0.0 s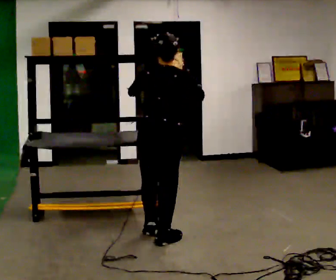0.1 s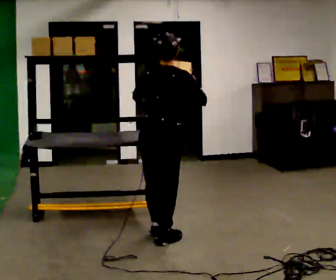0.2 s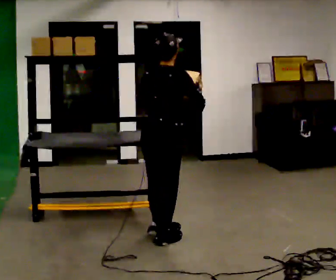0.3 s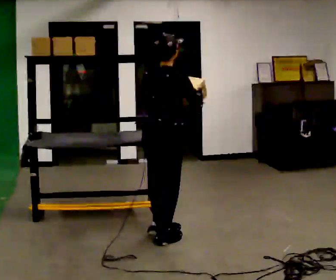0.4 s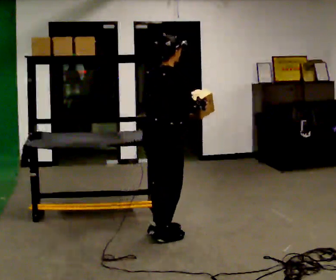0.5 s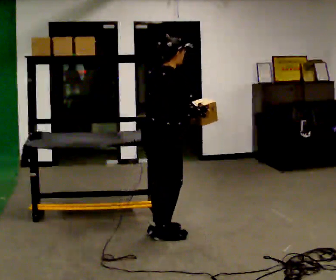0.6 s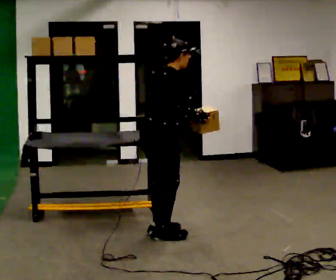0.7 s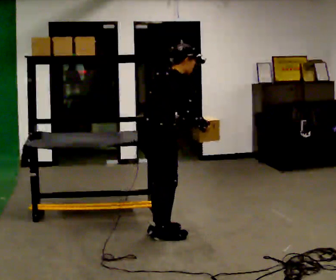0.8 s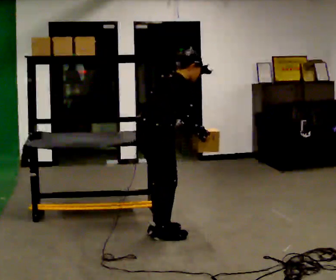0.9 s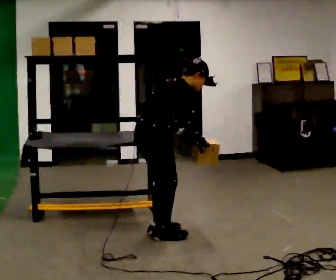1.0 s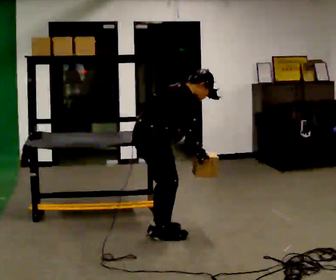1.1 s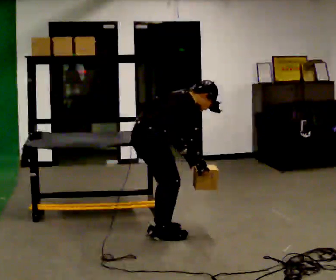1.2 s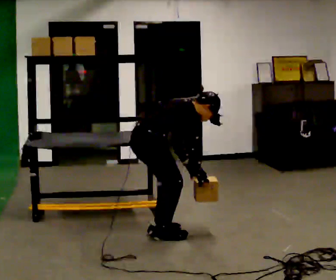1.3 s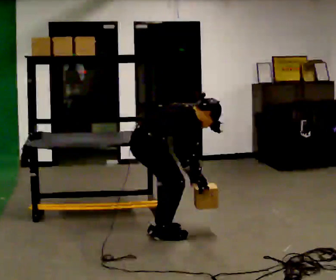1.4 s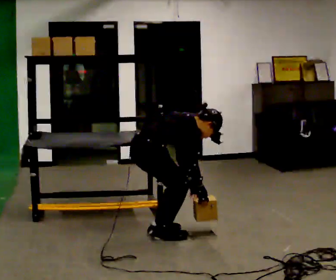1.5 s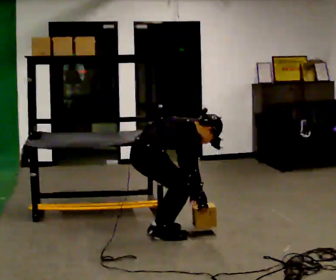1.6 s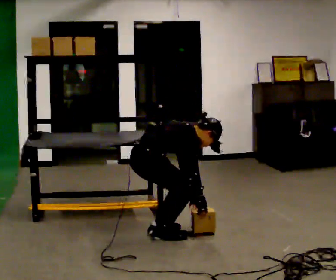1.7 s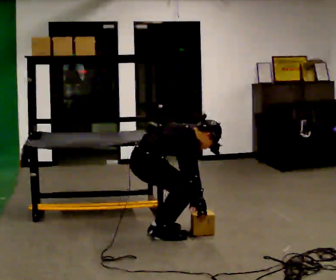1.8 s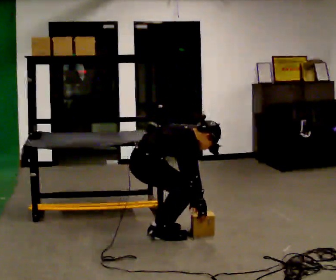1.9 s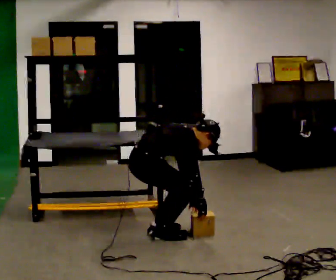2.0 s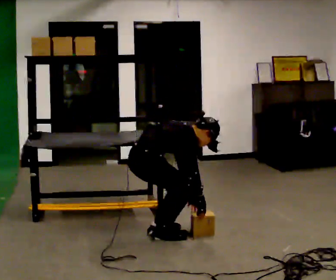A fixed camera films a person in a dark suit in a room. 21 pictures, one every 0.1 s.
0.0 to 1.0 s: The person turns about 60 degrees to their right, clockwise seen from above, so the part of the body nearest the lens slides to the left. In the picture the upper body tilts clockwise, shoulders to the right, as they bend forward. In the picture their right hand goes downward.
1.0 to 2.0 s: The upper body goes downward. In the picture the upper body tilts clockwise, shoulders to the right, as they bend forward. In the picture their left hand goes downward.
The film runs backward here.
